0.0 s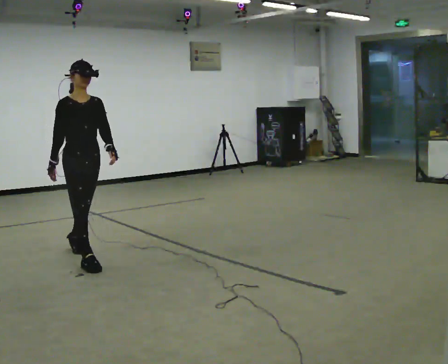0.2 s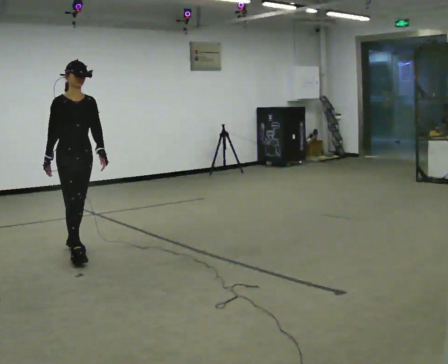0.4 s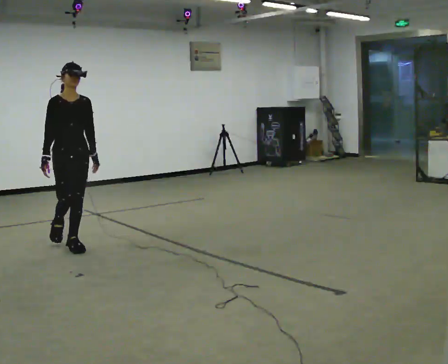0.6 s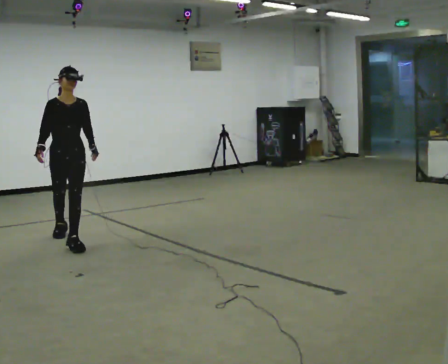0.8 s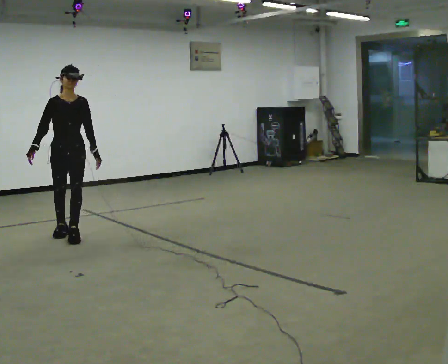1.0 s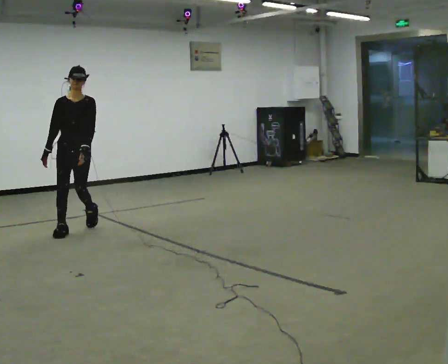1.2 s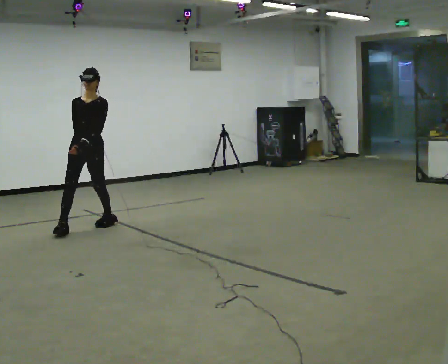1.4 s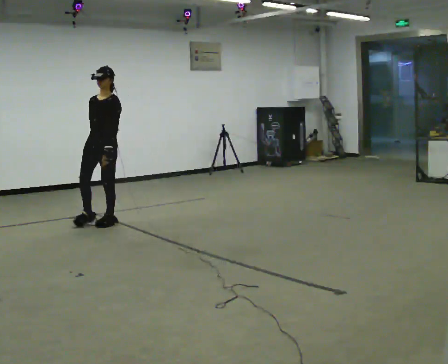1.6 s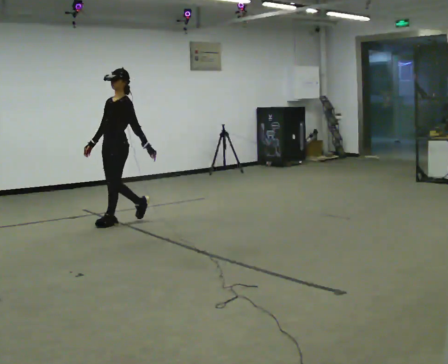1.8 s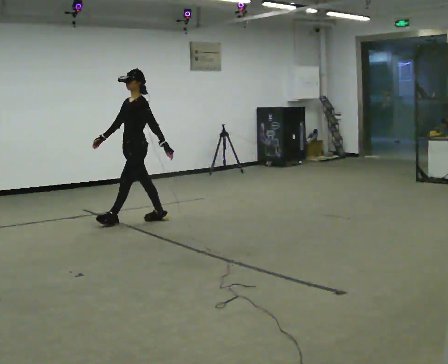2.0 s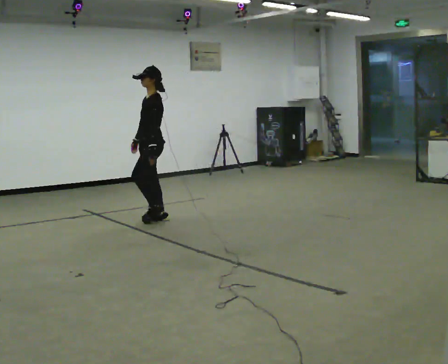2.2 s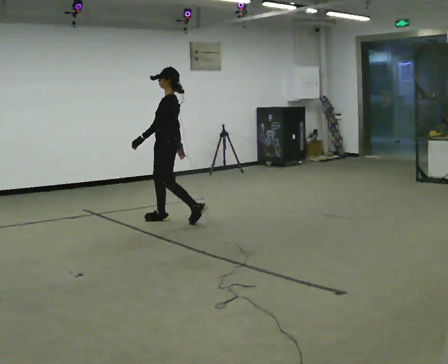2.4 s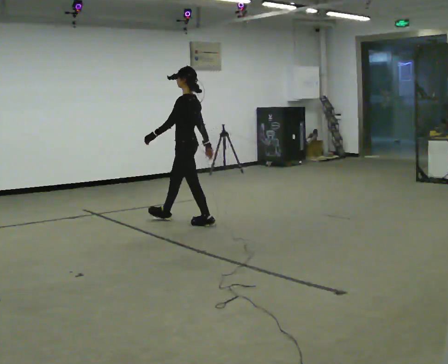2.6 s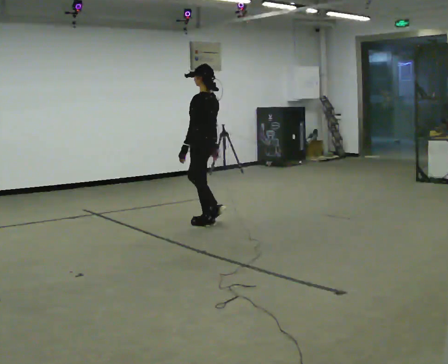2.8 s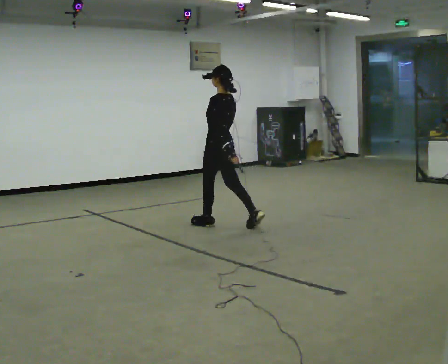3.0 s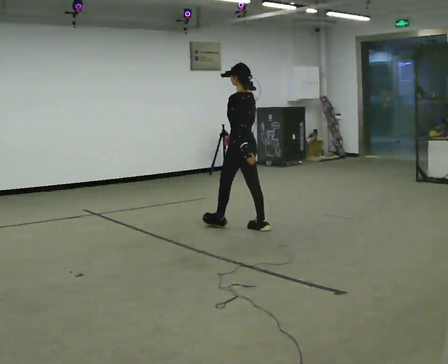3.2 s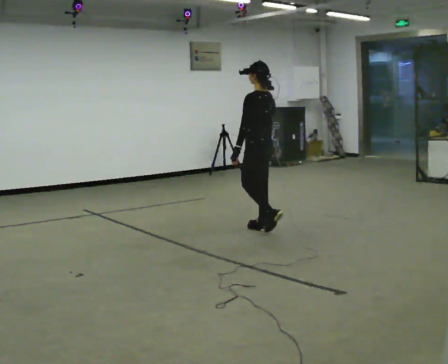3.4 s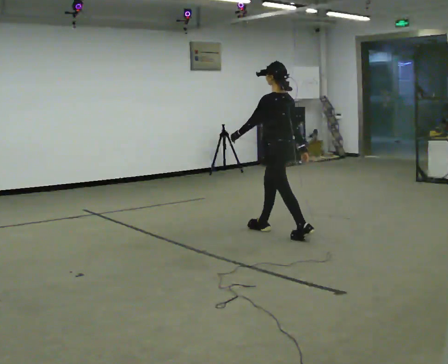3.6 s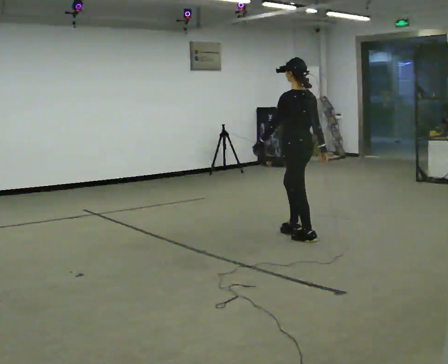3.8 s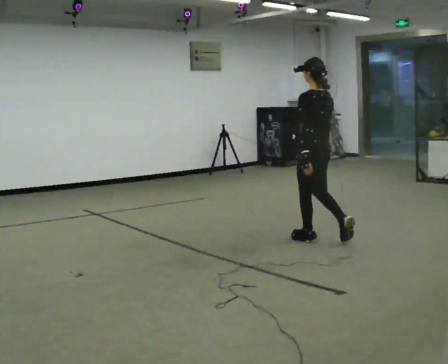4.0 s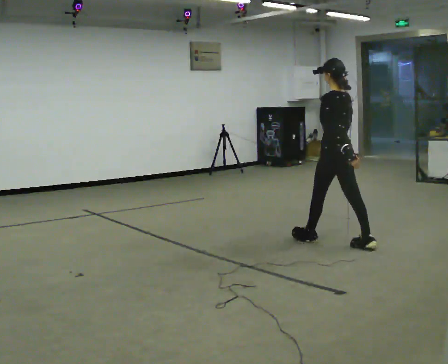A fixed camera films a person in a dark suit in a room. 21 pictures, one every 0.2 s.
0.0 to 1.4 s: Seen from above the body turns clockwise, about 75 degrees: to their right, with its near side sliding to the left. In the picture they go away from the camera, about 1 m in 3 steps.
1.4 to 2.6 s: The part of the body nearest the lens slides to the left as the person turns to their right by about 90 degrees. In the picture they go to the right, about 1 m in 2 steps.
2.6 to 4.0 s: In the picture they go toward the camera and to the right, about 1.5 m in 3 steps, which for them is backward.
The film runs backward here.
